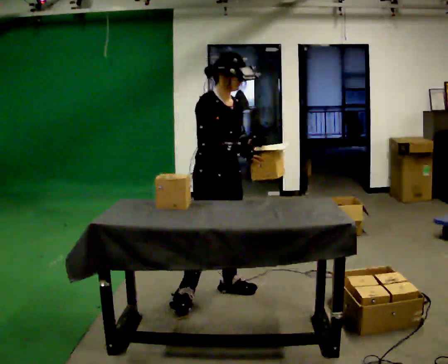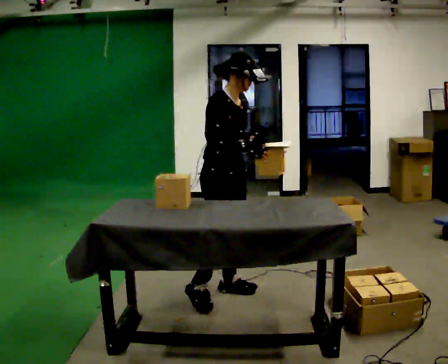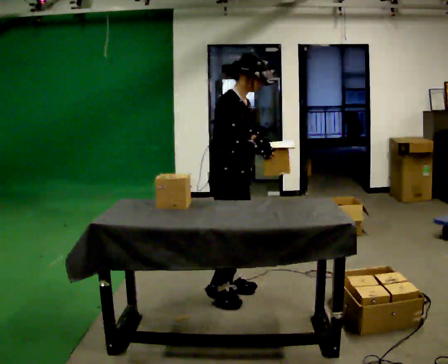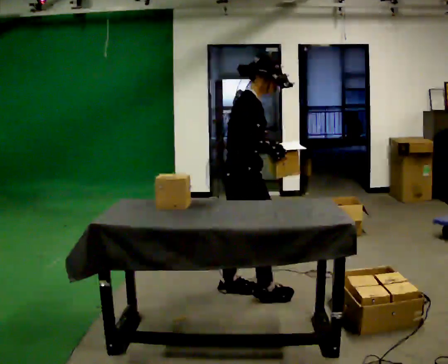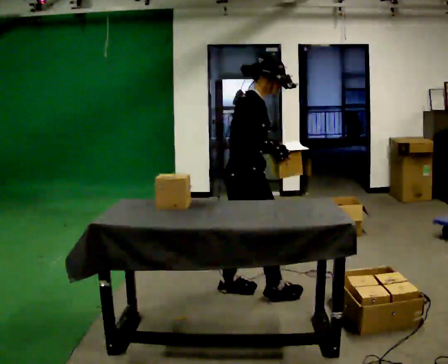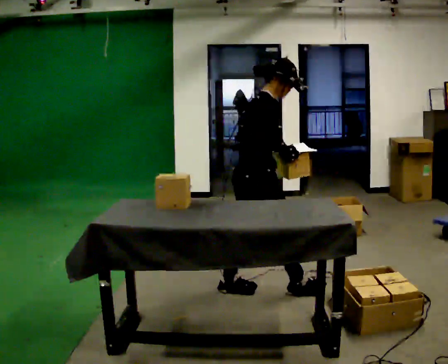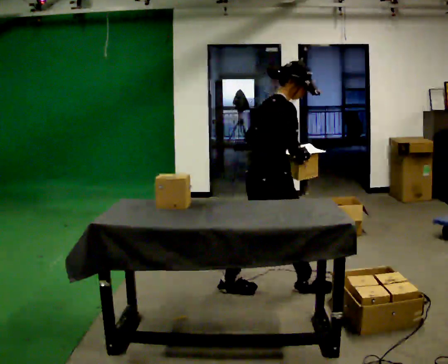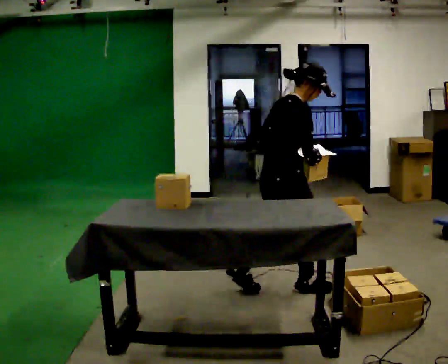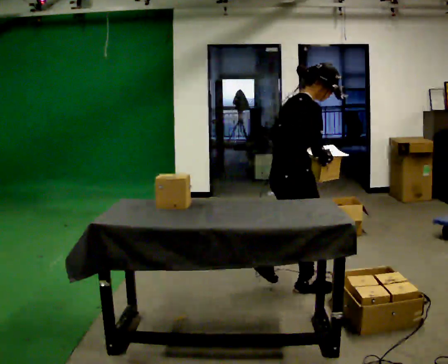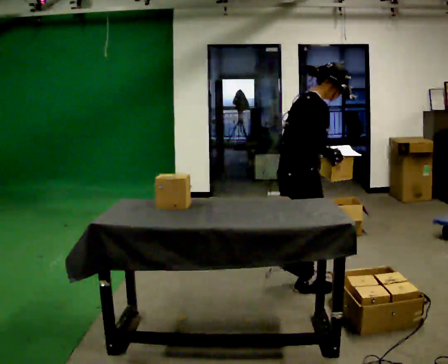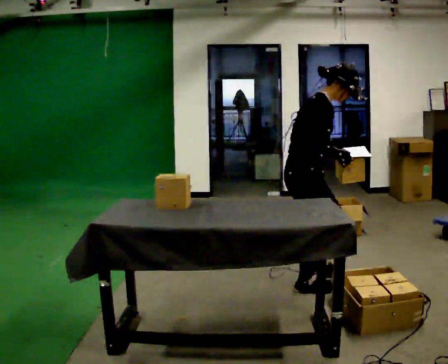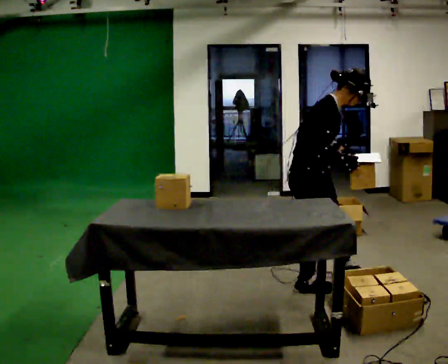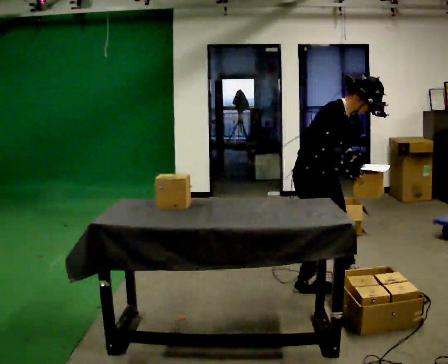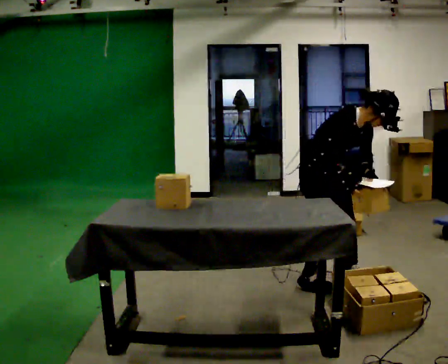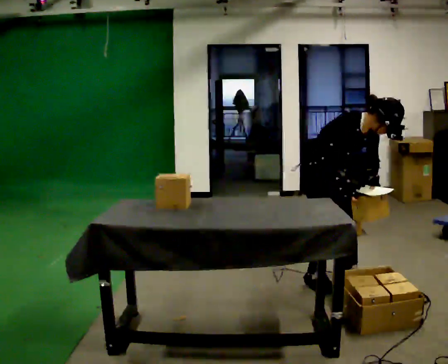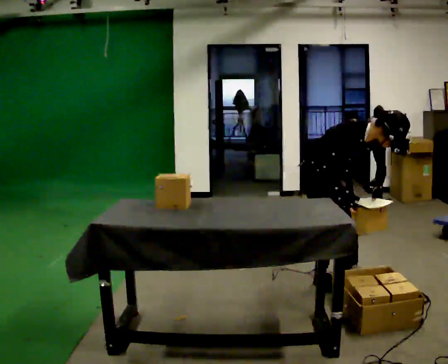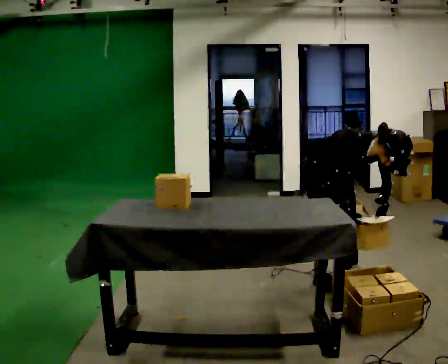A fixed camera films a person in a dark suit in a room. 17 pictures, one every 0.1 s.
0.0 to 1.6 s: In the picture they go to the right and away from the camera, about 1 m in 3 steps. The upper body goes downward. The upper body tips toward the camera, its near side rolling downward, as they bend forward. In the picture their right hand goes downward, the arm swinging clockwise.
The film runs forward here.
